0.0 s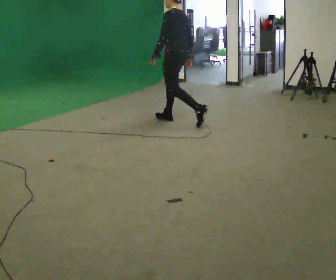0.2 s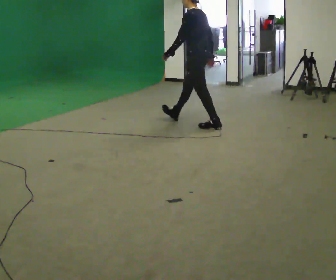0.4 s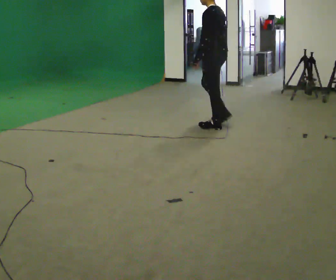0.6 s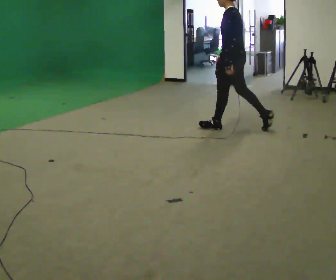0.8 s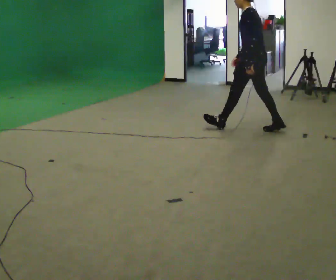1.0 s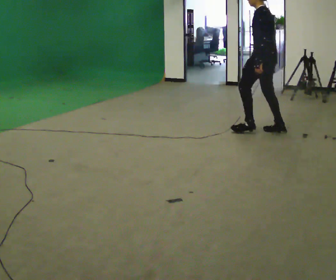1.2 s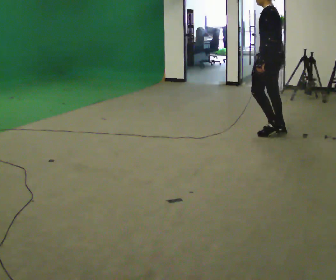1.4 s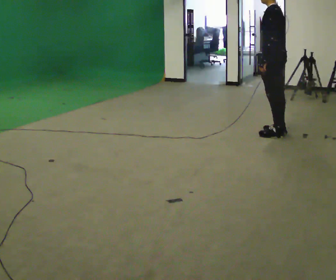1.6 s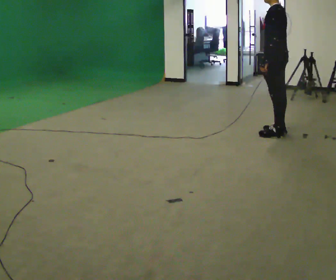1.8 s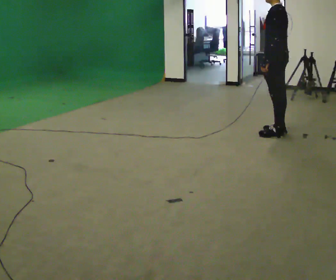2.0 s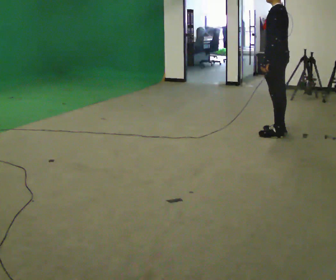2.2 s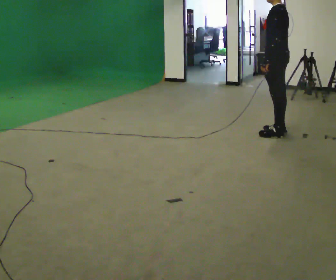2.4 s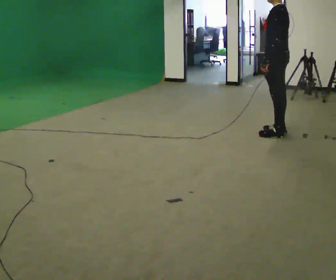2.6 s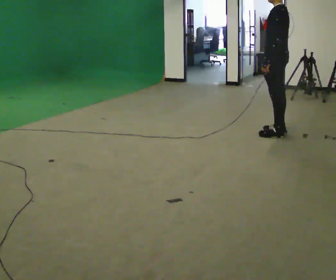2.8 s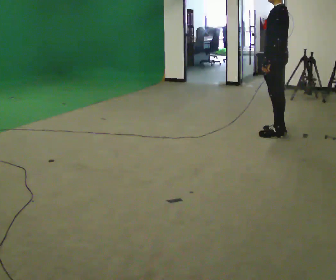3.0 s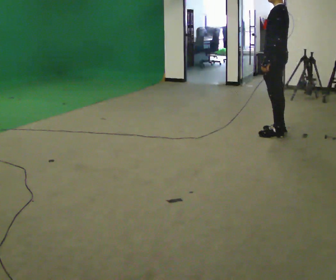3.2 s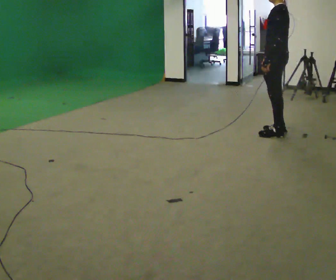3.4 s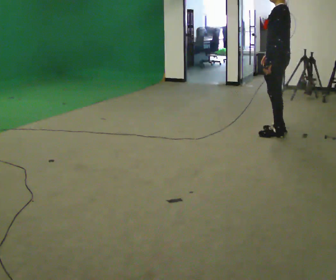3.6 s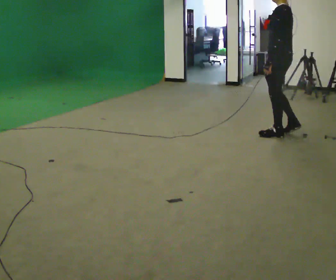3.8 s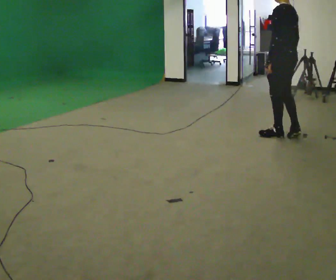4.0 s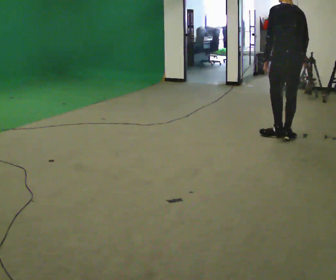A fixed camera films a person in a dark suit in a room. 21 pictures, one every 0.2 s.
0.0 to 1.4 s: In the picture they go to the right, about 1.5 m in 2 steps, which for them is backward.
1.4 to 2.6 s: The person moves a little, or ends about where they began.
2.6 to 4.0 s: Seen from above the body turns clockwise, about 45 degrees: to their right, with its near side sliding to the left. In the picture their right hand goes to the right.
The film runs backward here.
